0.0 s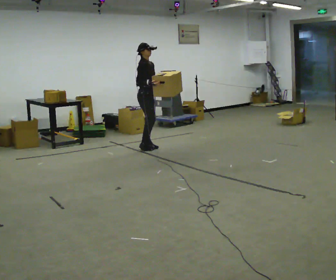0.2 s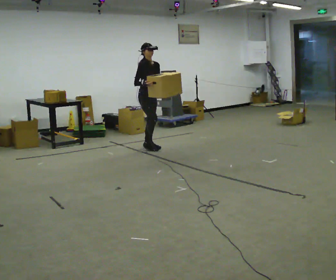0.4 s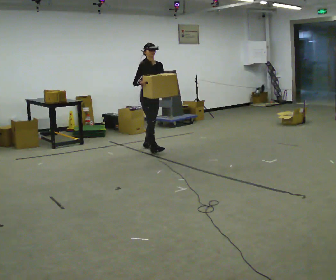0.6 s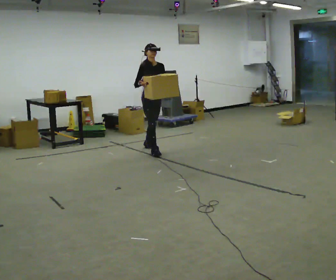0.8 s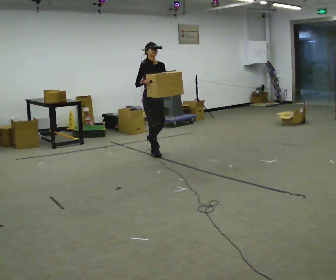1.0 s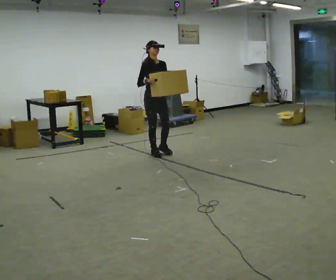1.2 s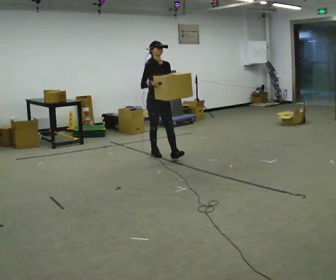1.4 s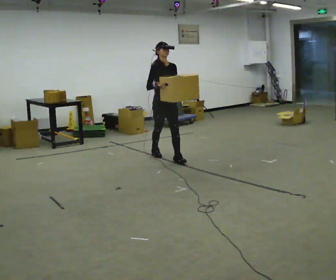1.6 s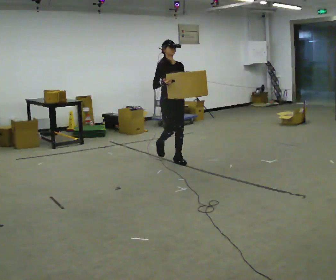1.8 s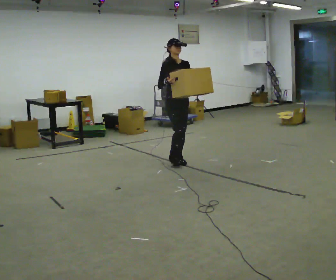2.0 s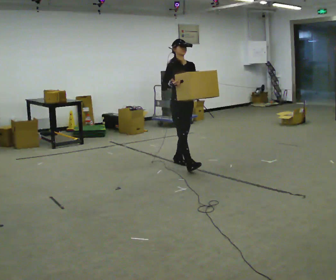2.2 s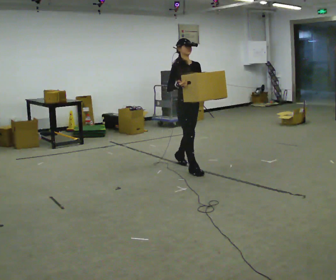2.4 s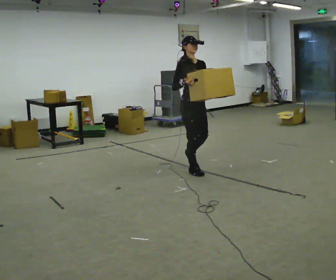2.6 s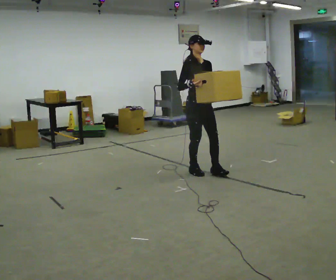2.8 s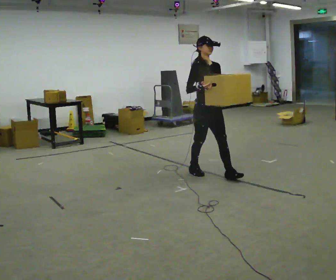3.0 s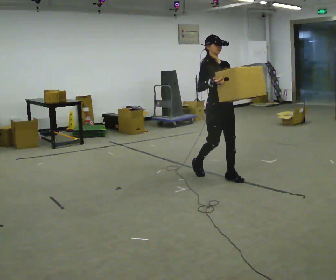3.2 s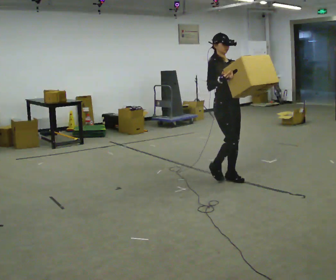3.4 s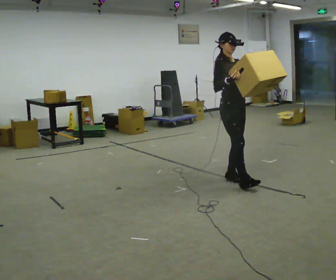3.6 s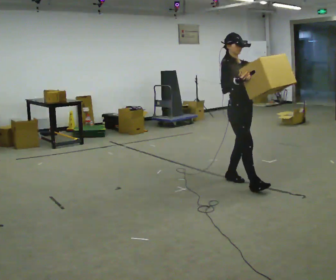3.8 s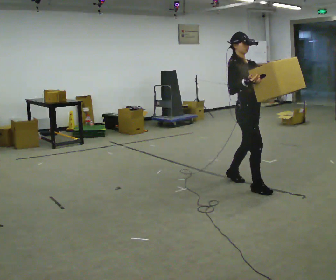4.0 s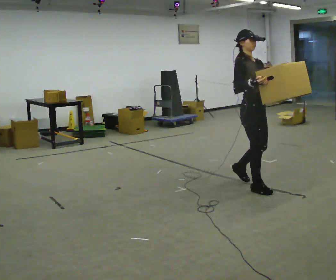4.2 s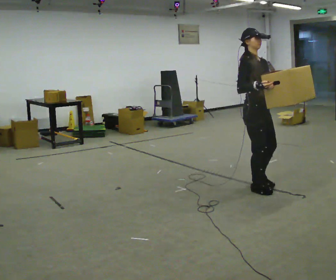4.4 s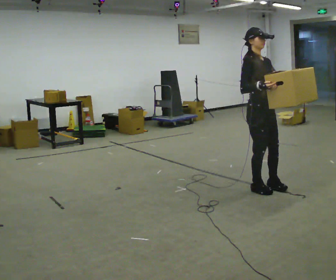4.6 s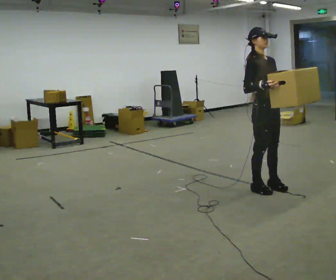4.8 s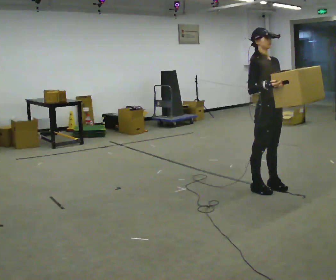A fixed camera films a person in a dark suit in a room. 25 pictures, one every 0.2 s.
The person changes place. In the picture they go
toward the camera.
0.0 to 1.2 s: The part of the body nearest the lens slides to the left as the person turns to their right by about 30 degrees. In the picture they go toward the camera and to the right, about 0.5 m in 1 step, which for them is forward.
1.2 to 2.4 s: In the picture they go toward the camera and to the right, about 1 m in 2 steps, which for them is forward.
2.4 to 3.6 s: In the picture they go toward the camera and to the right, about 0.5 m in 2 steps, which for them is forward.
3.6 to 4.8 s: In the picture they go toward the camera and to the right, about 0.25 m in 1 step, which for them is forward.
The film runs forward here.
